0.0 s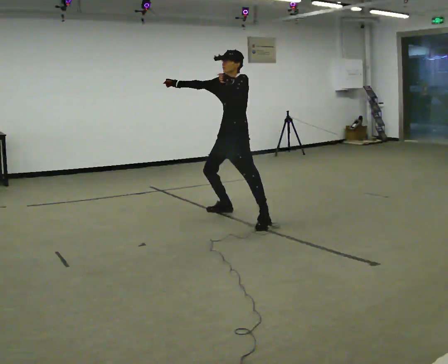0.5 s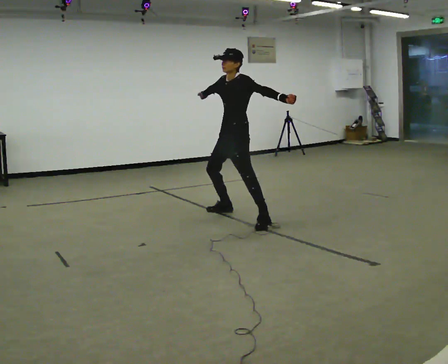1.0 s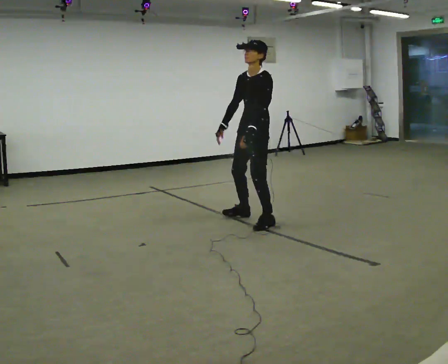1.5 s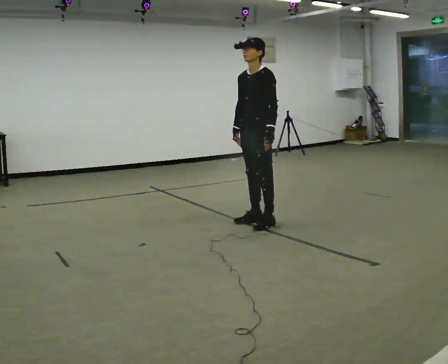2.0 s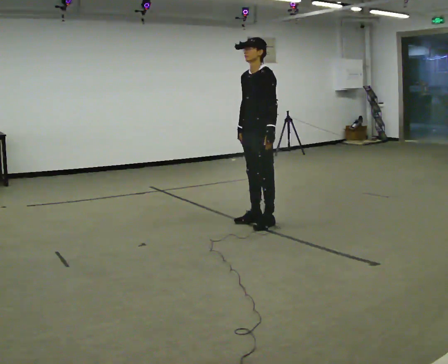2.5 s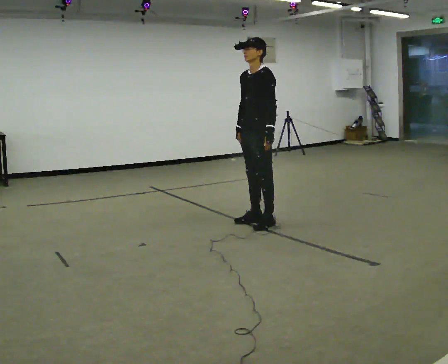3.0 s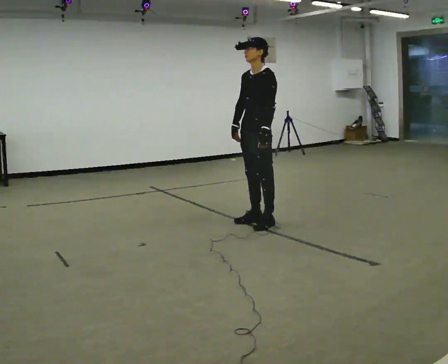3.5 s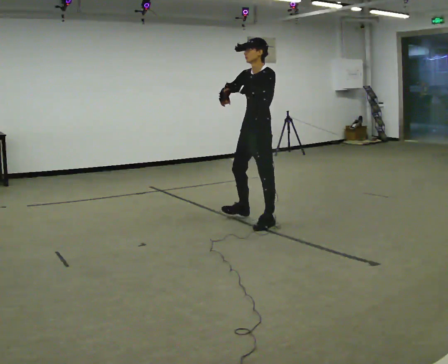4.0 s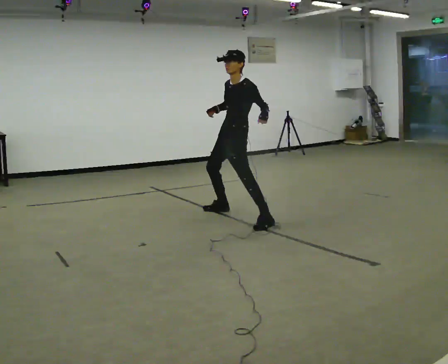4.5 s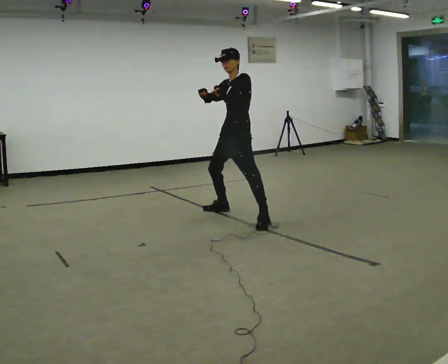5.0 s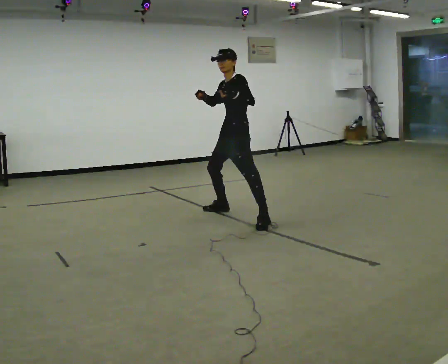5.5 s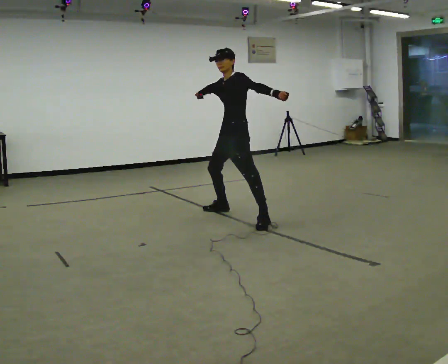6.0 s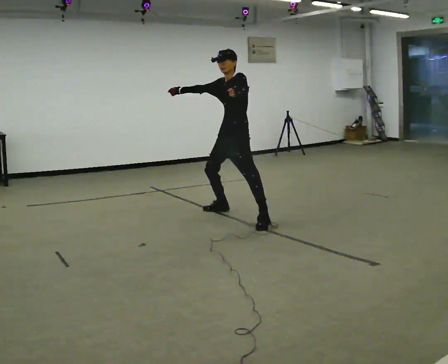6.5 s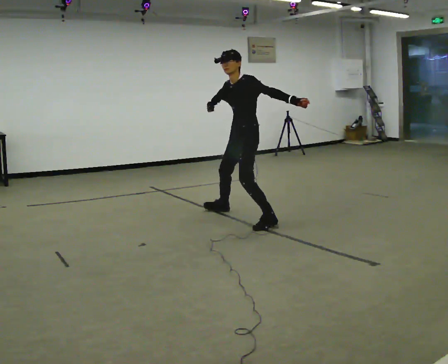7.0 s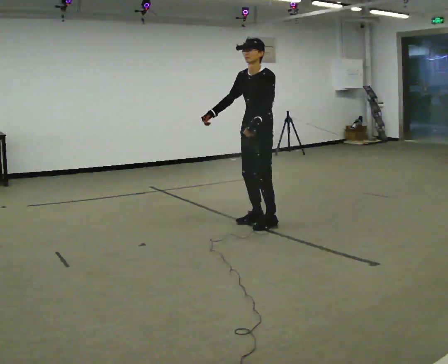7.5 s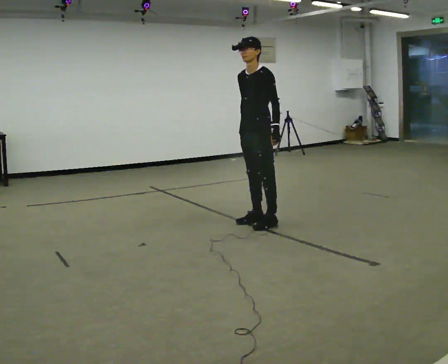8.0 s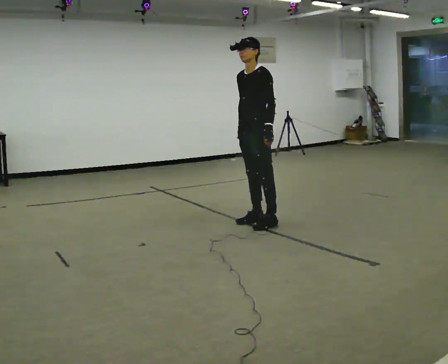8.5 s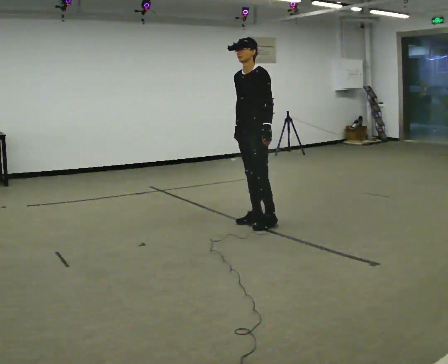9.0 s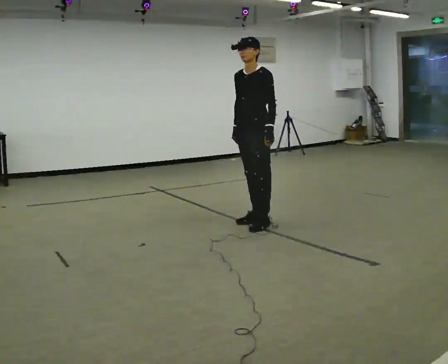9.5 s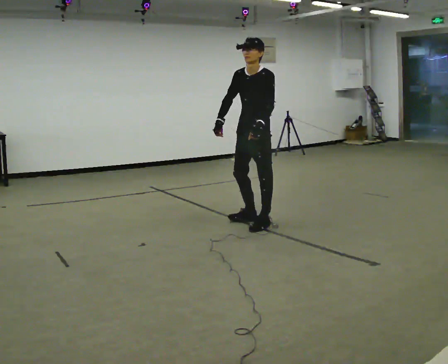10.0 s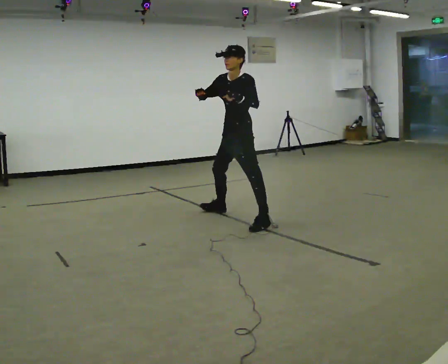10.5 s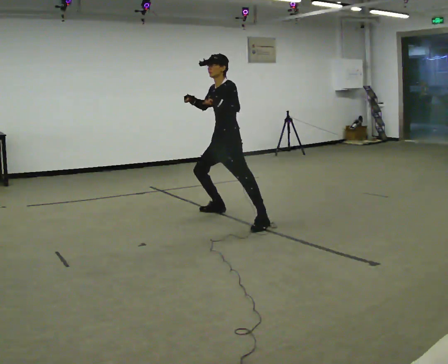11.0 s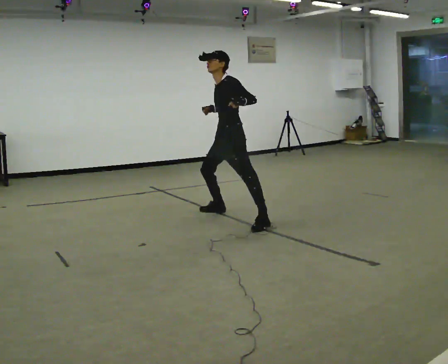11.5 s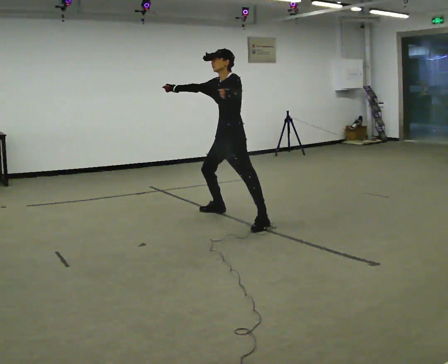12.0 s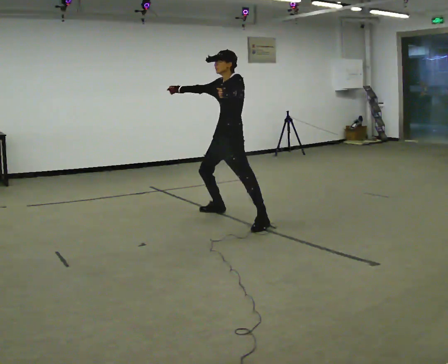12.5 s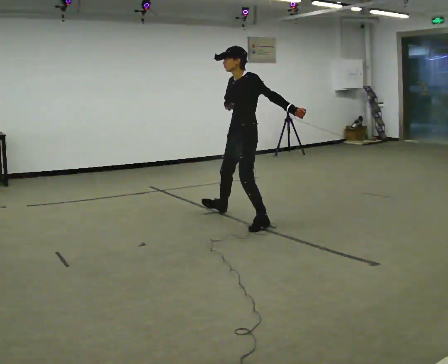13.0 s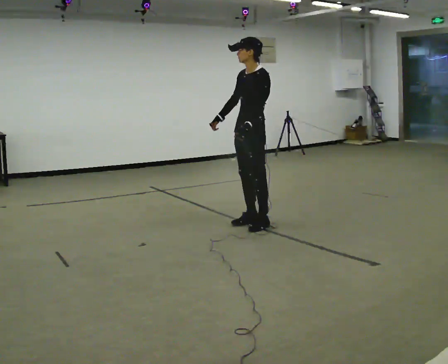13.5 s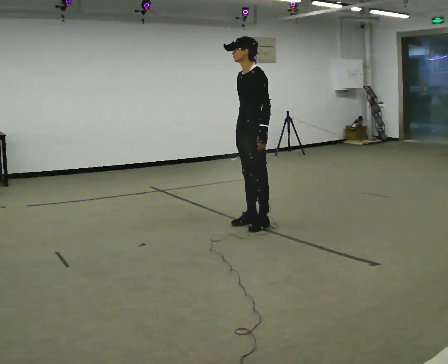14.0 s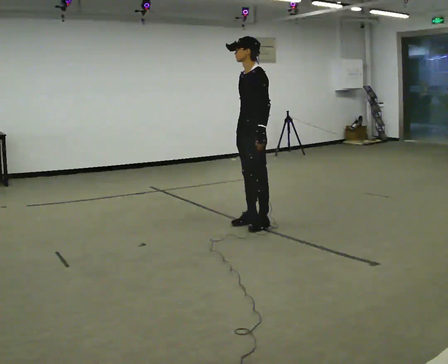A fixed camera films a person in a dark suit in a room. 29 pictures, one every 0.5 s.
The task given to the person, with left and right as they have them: Dance freely at a slow tempo as if to slow music; keep moving continuously.
0.0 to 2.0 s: In the picture they go toward the camera and to the right, about 0.5 m in 1 step, which for them is to their left. In the picture their right hand goes downward.
2.0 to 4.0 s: In the picture they go away from the camera and to the left, about 0.25 m in 1 step, which for them is to their right.
4.0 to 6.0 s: The person moves a little, or ends about where they began.
6.0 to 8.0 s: In the picture they go toward the camera and to the right, about 0.25 m in 1 step, which for them is to their left. In the picture their right hand goes downward.
8.0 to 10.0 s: In the picture they go away from the camera and to the left, about 0.25 m, which for them is to their right. In the picture their right hand goes upward and to the left, the arm swinging clockwise.
10.0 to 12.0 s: In the picture their right hand goes to the left.
12.0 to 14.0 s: In the picture they go toward the camera and to the right, about 0.25 m in 1 step, which for them is to their left. In the picture their right hand goes downward.
The film runs forward here.
